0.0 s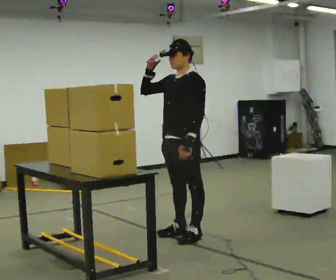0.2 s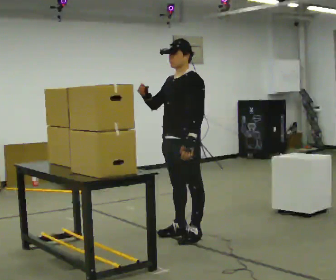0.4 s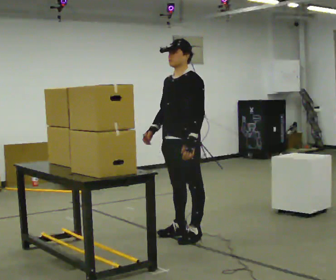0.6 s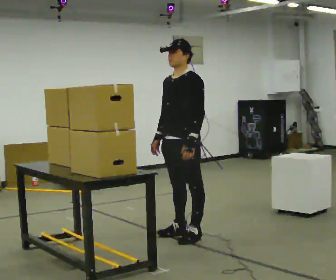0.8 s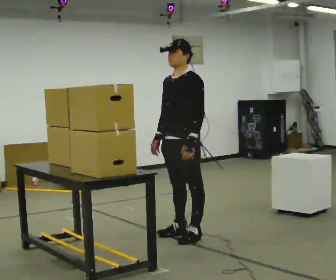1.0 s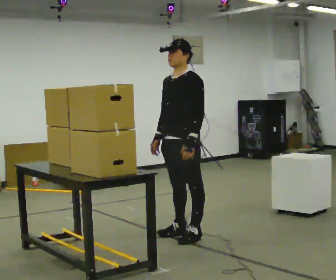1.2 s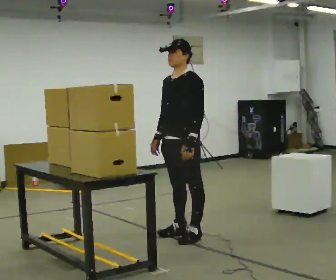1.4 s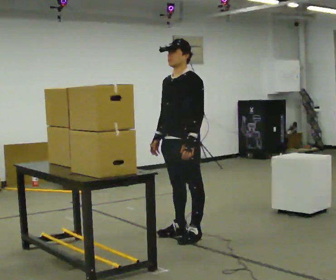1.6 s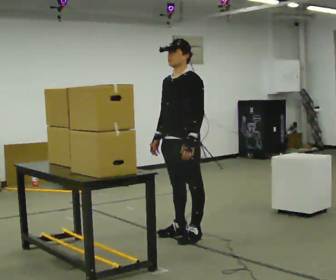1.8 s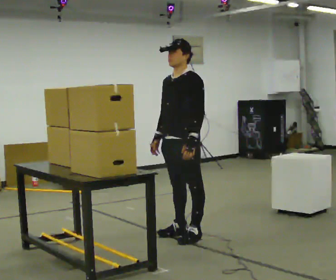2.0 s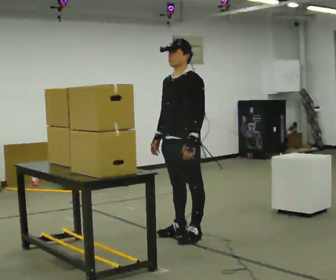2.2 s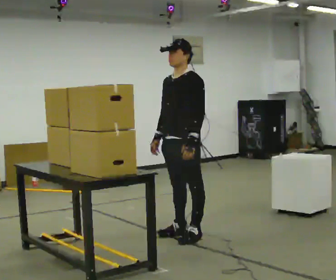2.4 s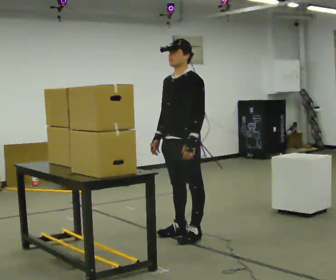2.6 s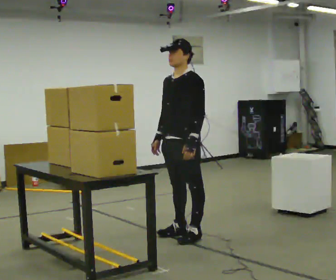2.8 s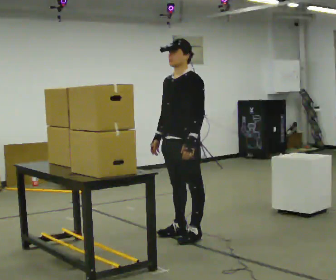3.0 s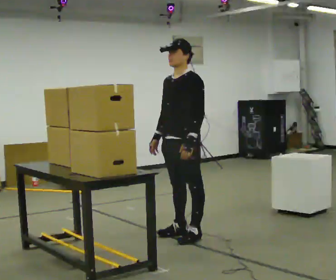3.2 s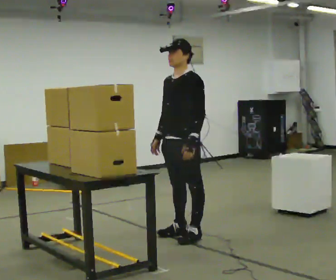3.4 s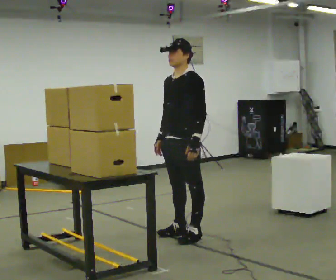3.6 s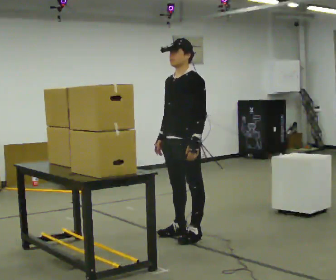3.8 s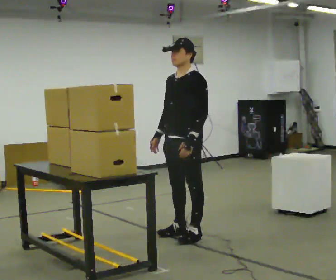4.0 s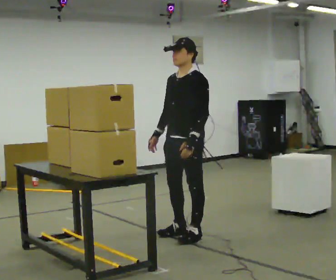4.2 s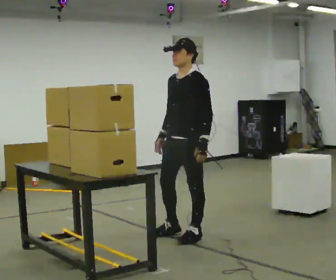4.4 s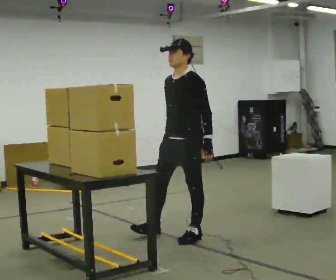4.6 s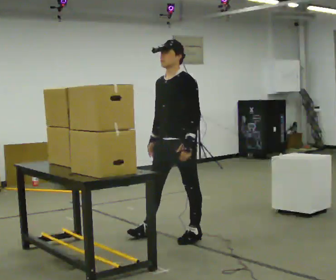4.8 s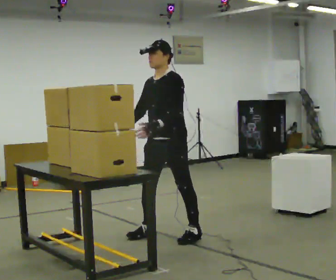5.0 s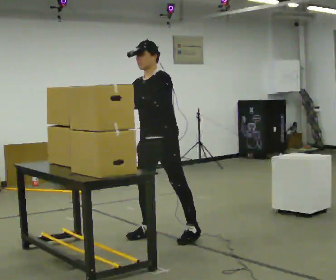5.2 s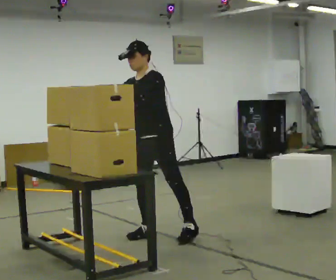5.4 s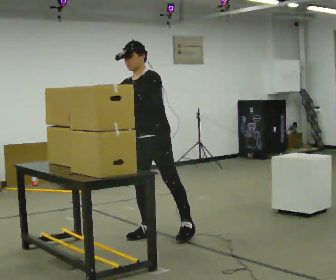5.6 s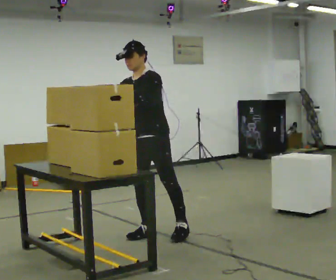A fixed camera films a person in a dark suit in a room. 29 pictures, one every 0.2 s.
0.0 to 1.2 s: In the picture their right hand goes downward, the arm swinging counterclockwise.
1.2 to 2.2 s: The person keeps their place and pose.
2.2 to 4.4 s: The person moves a little, or ends about where they began.
4.4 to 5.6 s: In the picture they go to the left, about 0.25 m, which for them is to their right and forward. In the picture their right hand goes upward, the arm swinging clockwise.
The film runs backward here.
